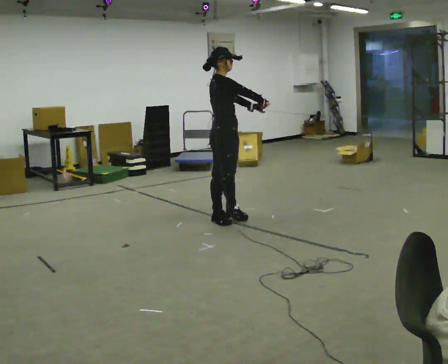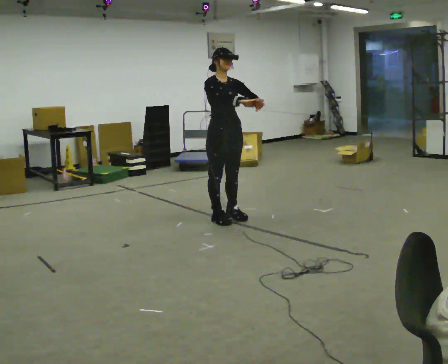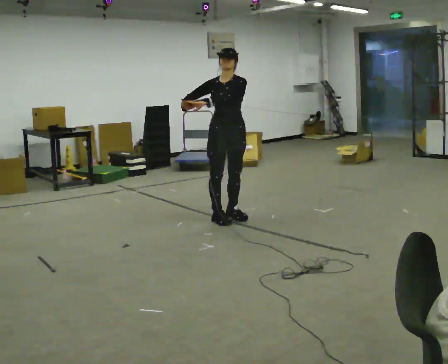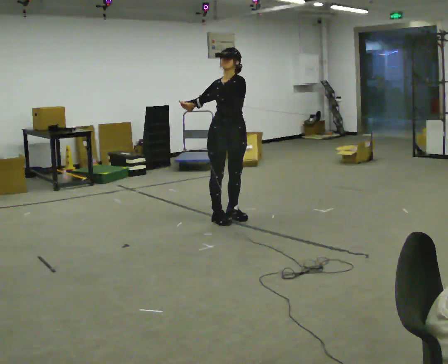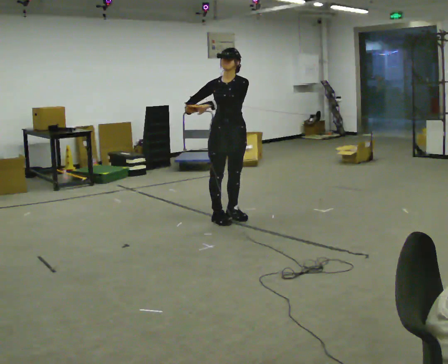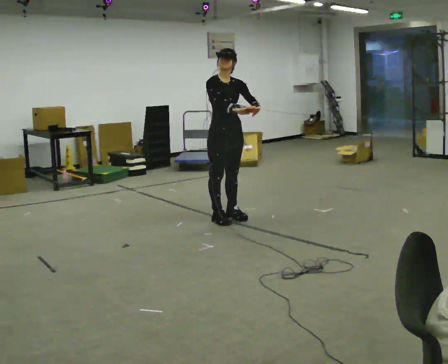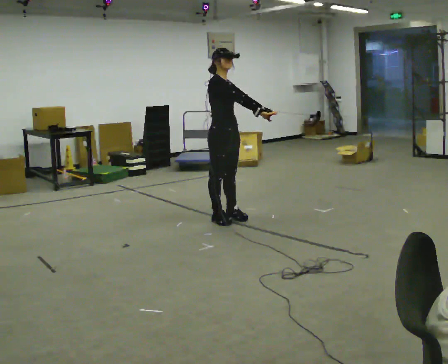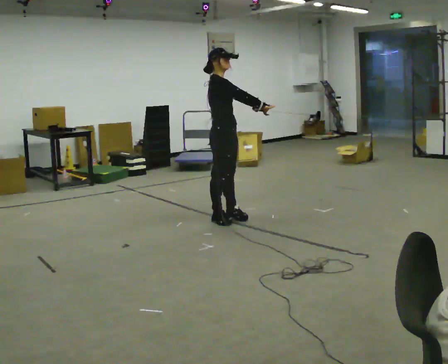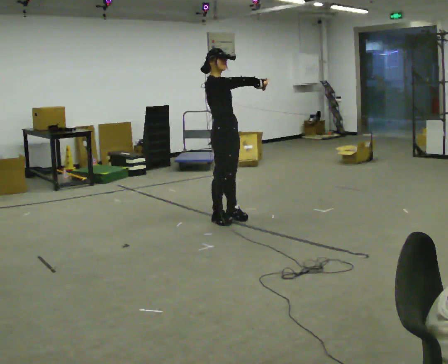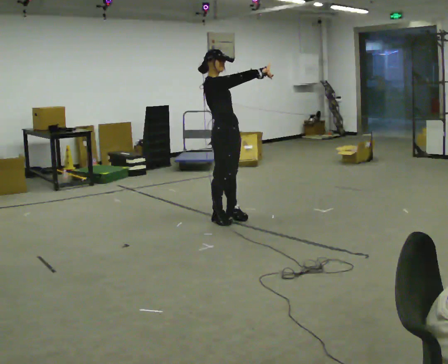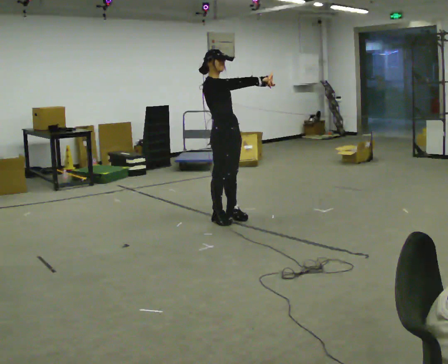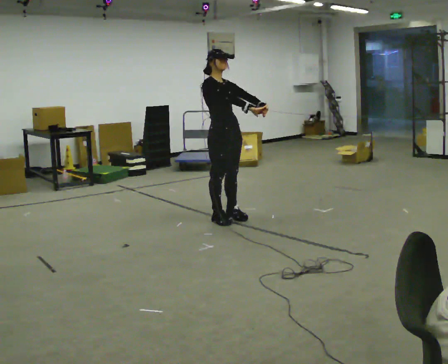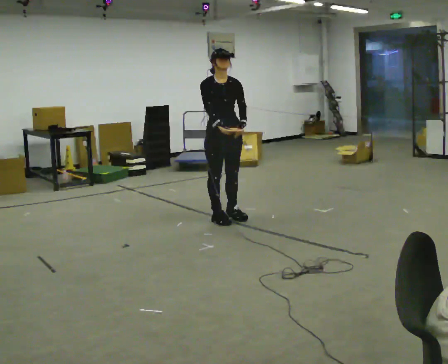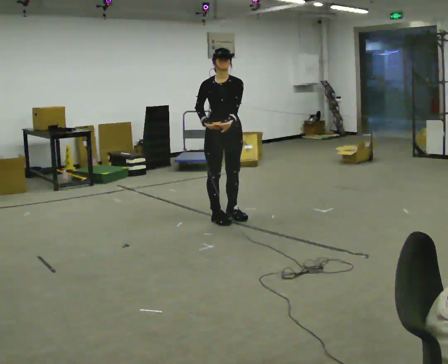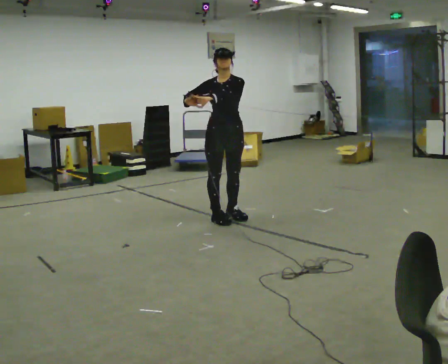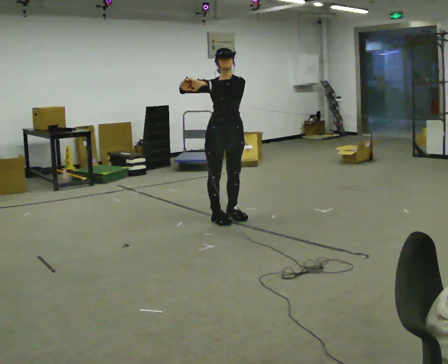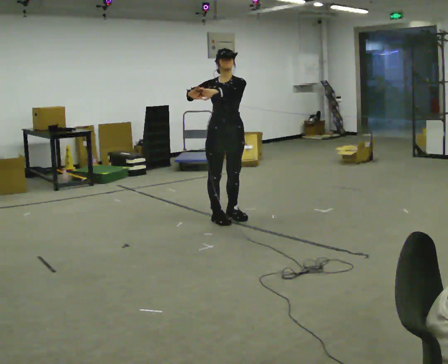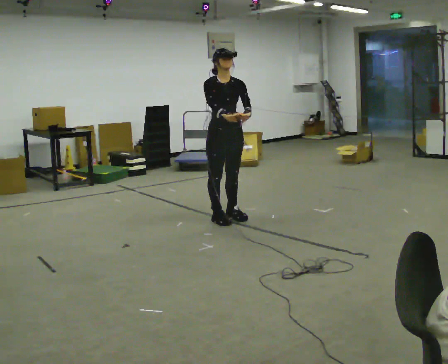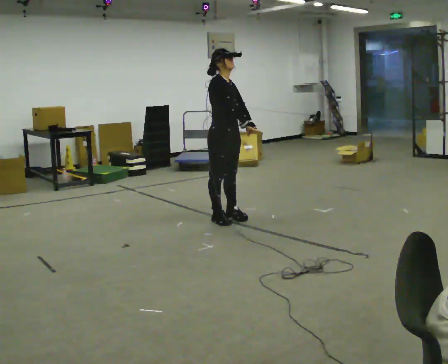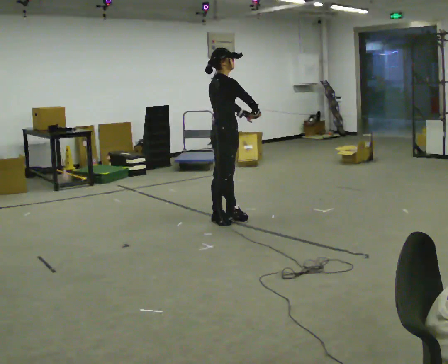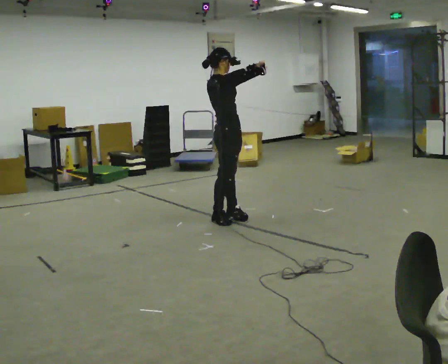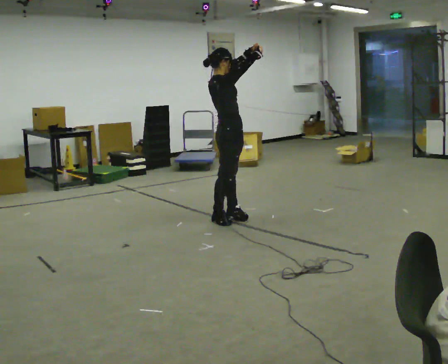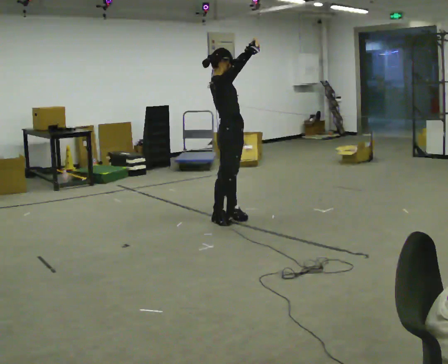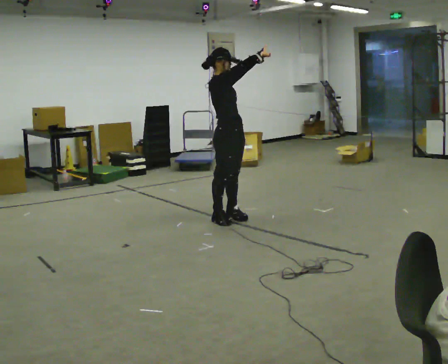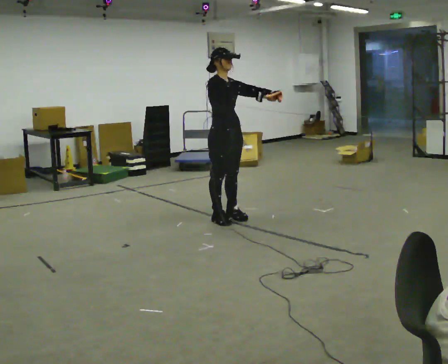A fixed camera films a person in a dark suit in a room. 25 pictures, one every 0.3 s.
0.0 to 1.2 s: The person turns about 60 degrees to their right, clockwise seen from above, so the part of the body nearest the lens slides to the left. In the picture their left hand goes to the left.
1.2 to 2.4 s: Seen from above the body turns counterclockwise, about 60 degrees: to their left, with its near side sliding to the right. In the picture their right hand goes to the right.
2.4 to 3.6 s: The person turns about 60 degrees to their right, clockwise seen from above, so the part of the body nearest the lens slides to the left. In the picture their right hand goes downward and to the left, the arm swinging clockwise.
3.6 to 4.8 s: The person moves a little, or ends about where they began.
4.8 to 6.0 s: Seen from above the body turns counterclockwise, about 90 degrees: to their left, with its near side sliding to the right. In the picture their left hand goes to the right.
6.0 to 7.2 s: Seen from above the body turns clockwise, about 45 degrees: to their right, with its near side sliding to the left. In the picture their left hand goes downward.
The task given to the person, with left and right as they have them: Reach as far as you comfortably can in each direction the operator calls: up, down, forward, each side, and behind. Hold each one briefly. Keep both feet on the marked spots for the whole take. If you have to step, stop and tell the operator.
The film runs forward here.
